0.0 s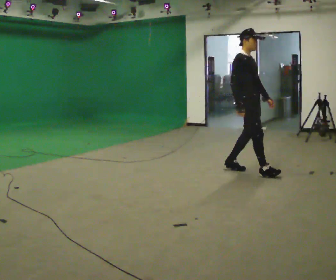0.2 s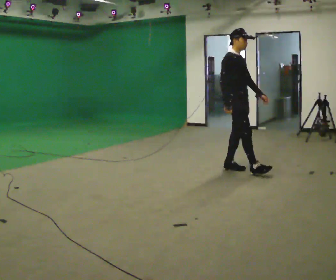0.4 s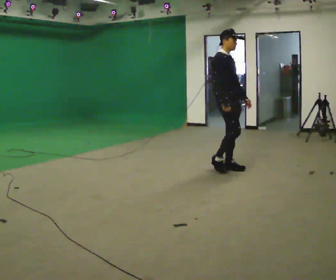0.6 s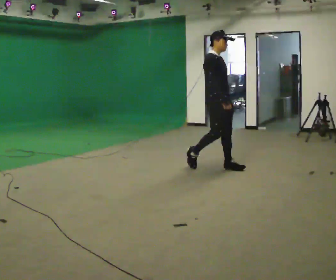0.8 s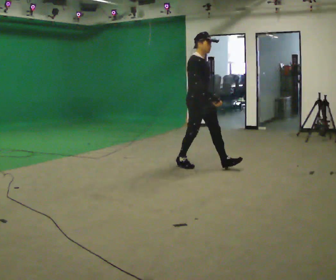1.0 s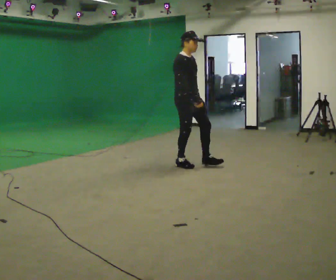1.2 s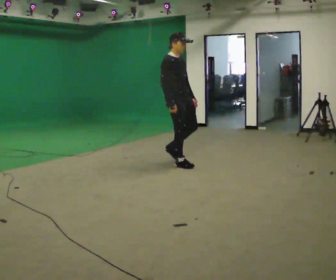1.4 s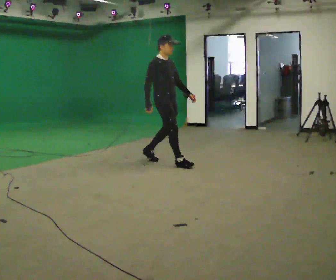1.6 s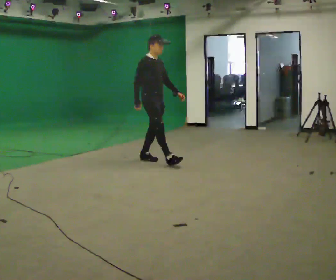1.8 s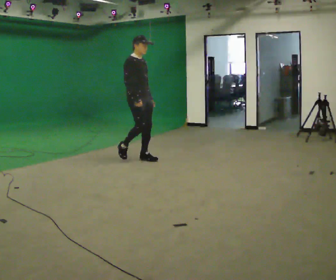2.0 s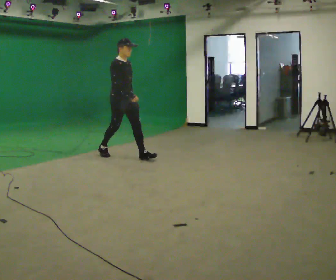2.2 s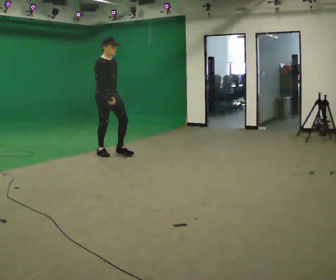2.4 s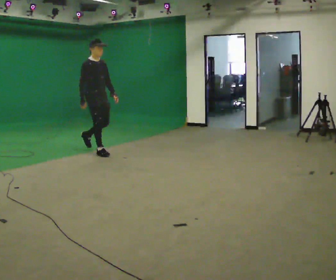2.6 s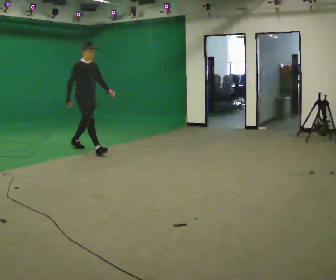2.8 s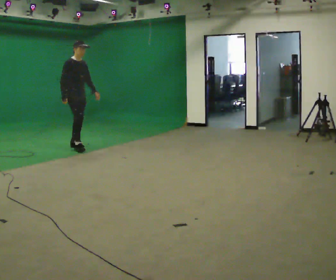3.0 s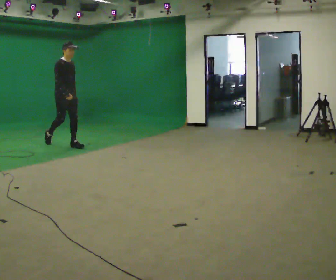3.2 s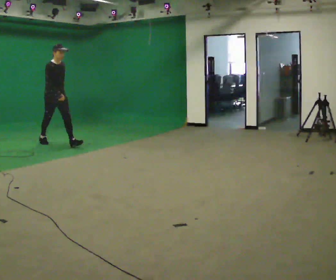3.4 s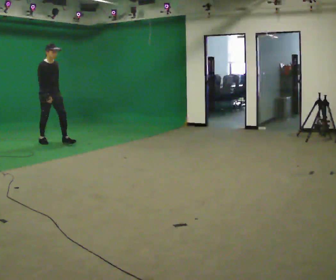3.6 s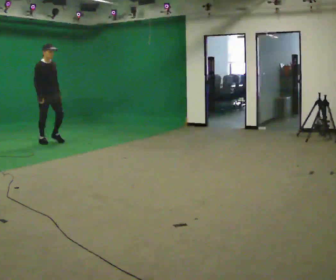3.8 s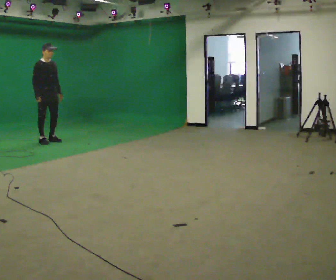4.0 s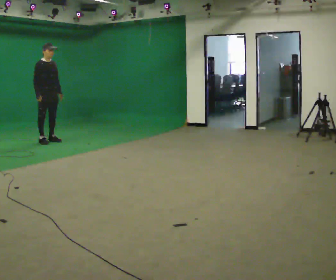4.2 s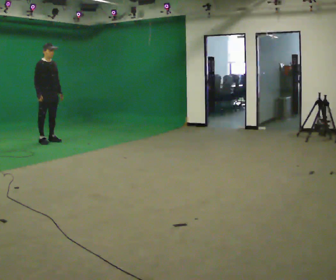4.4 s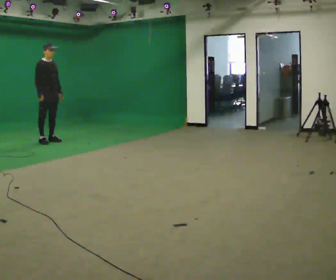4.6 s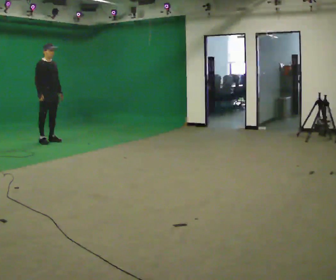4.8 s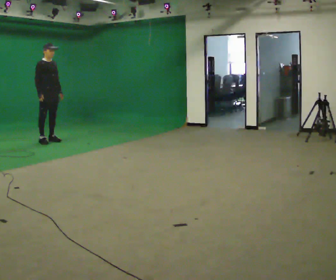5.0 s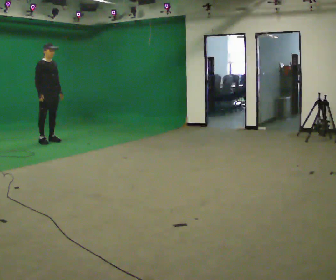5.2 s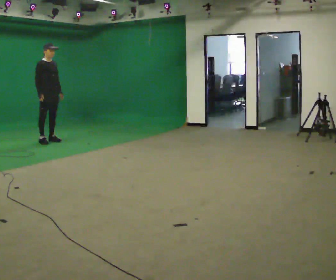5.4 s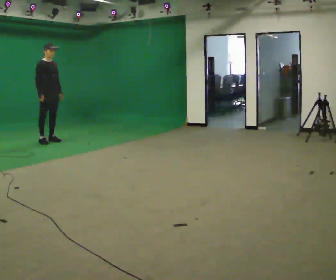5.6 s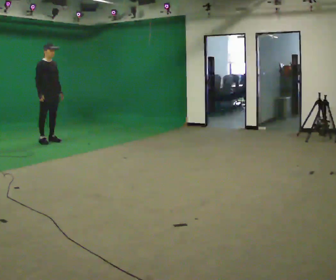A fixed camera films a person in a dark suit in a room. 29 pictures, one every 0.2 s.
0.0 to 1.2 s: In the picture they go to the left and away from the camera, about 1 m in 2 steps, which for them is backward.
1.2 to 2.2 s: In the picture they go to the left and away from the camera, about 1 m in 2 steps, which for them is backward.
2.2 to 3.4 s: In the picture they go away from the camera and to the left, about 1.5 m in 2 steps, which for them is backward.
3.4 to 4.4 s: In the picture they go away from the camera, about 0.25 m, which for them is backward.
4.4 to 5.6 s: The person keeps their place and pose.
The film runs backward here.
